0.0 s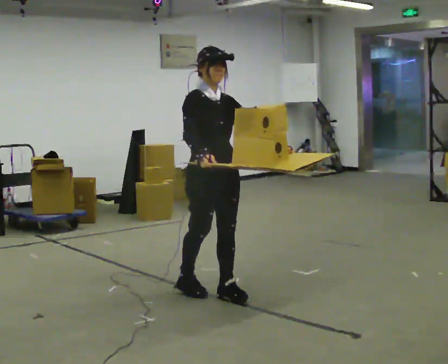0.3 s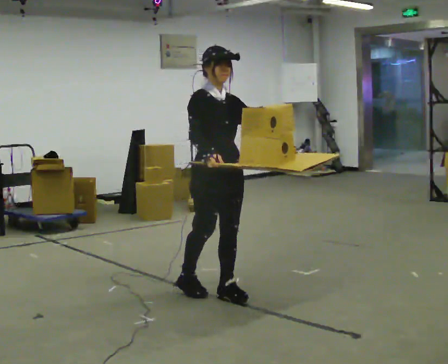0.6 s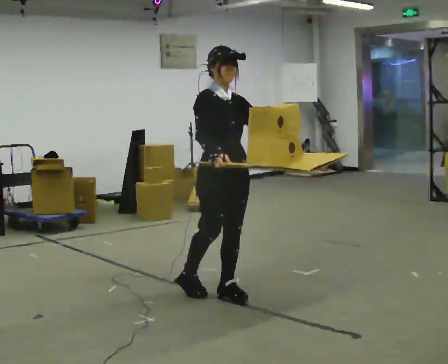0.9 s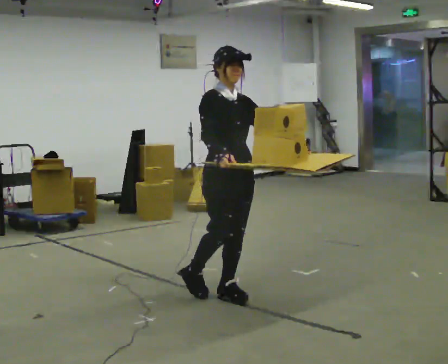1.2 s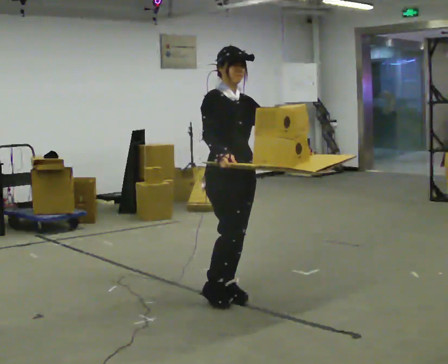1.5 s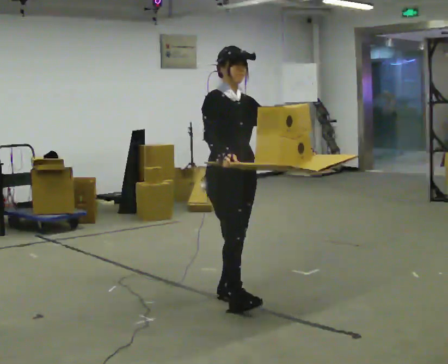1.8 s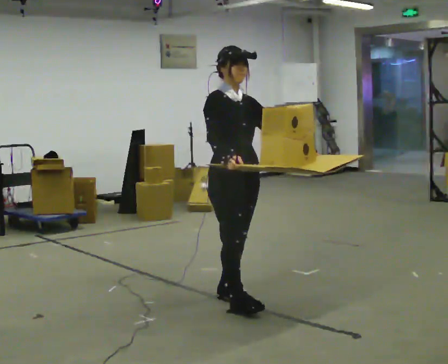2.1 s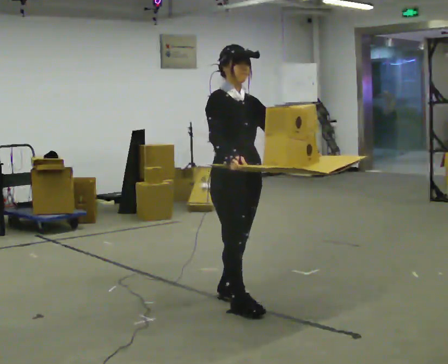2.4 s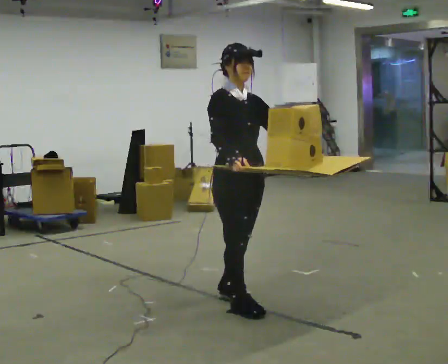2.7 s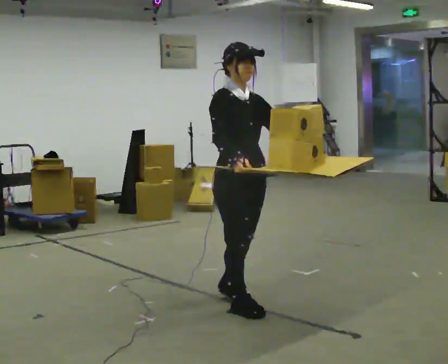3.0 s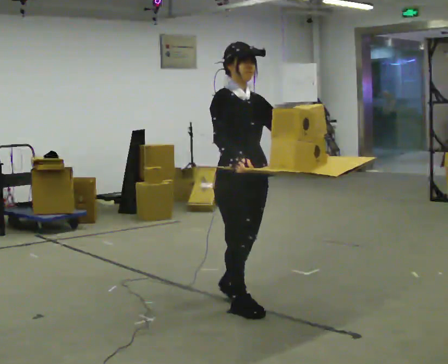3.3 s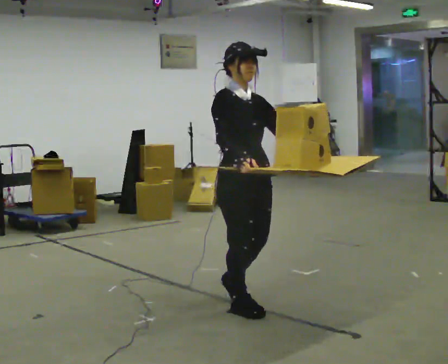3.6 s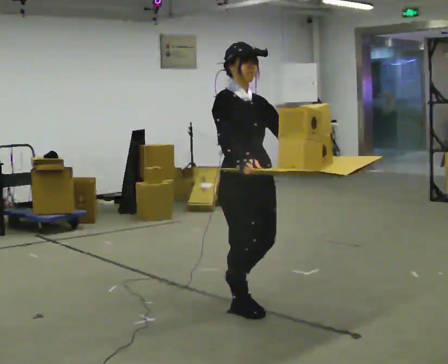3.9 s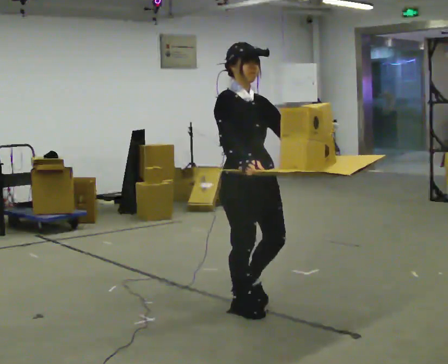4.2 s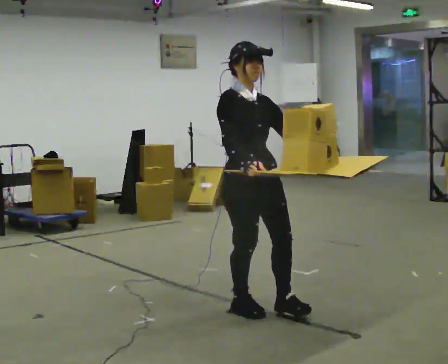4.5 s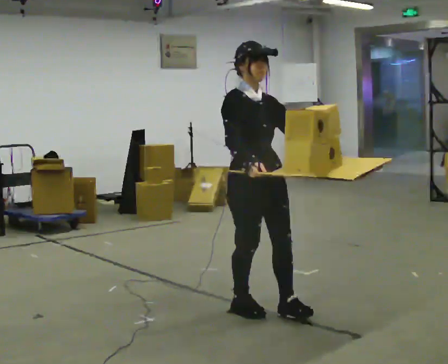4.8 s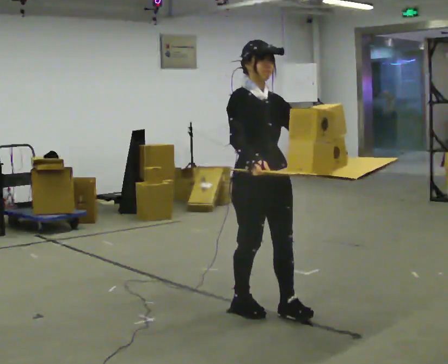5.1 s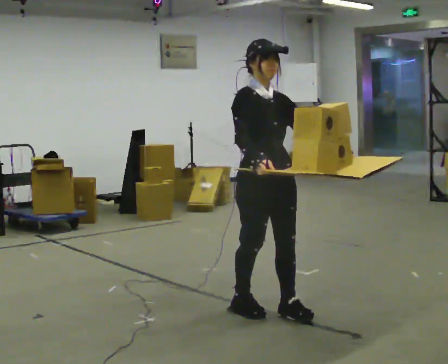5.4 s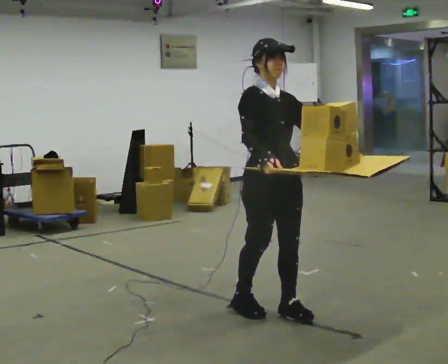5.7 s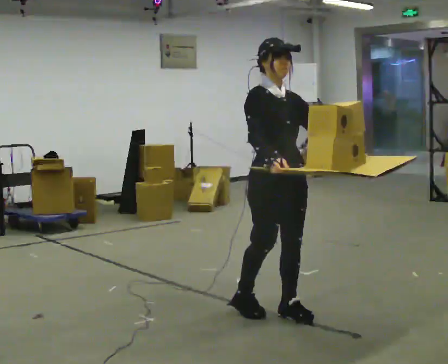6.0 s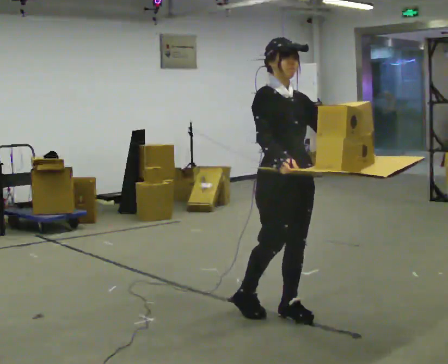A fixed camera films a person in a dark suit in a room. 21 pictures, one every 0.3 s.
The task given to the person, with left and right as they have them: Carry the loaded tray flat and level in both hands, walking back and forth across the room. Try not to let anything slide off.
0.0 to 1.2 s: The person moves a little, or ends about where they began.
1.2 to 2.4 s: In the picture they go toward the camera, about 0.25 m in 1 step, which for them is forward.
2.4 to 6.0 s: In the picture they go to the right and toward the camera, about 0.25 m in 1 step, which for them is forward.
The film runs forward here.
